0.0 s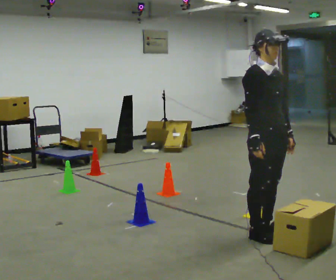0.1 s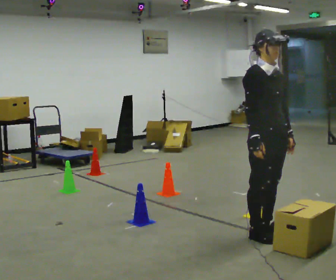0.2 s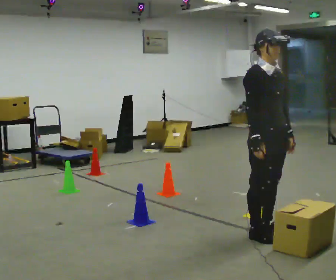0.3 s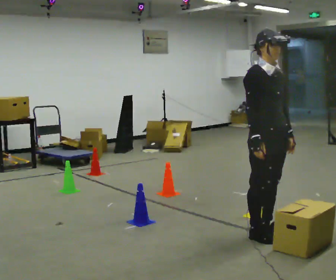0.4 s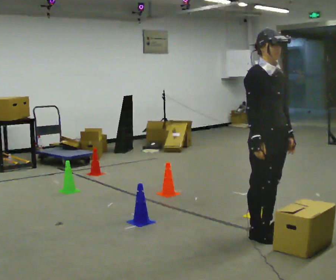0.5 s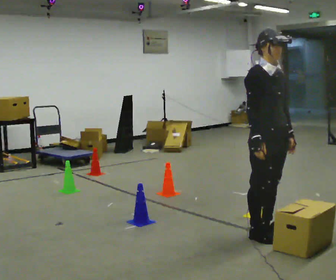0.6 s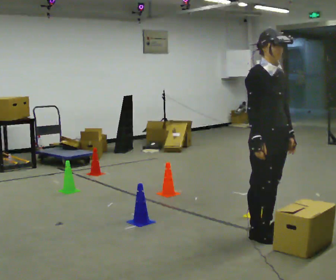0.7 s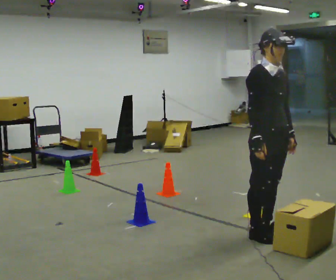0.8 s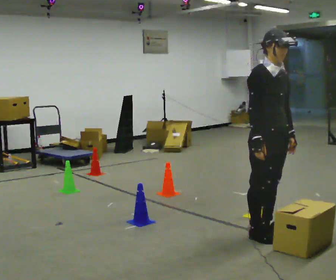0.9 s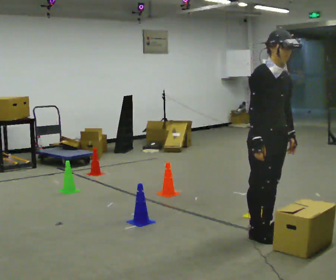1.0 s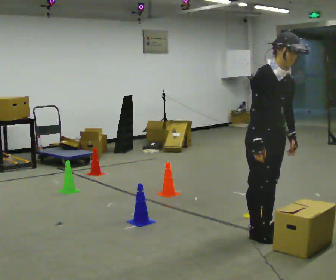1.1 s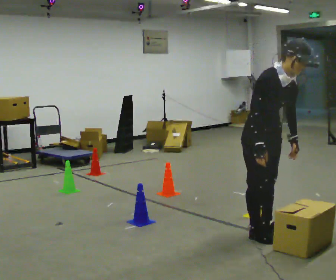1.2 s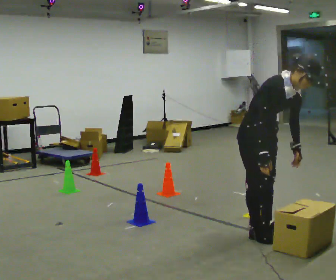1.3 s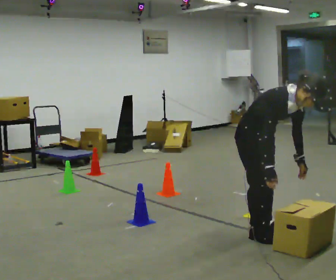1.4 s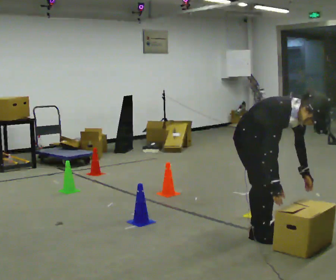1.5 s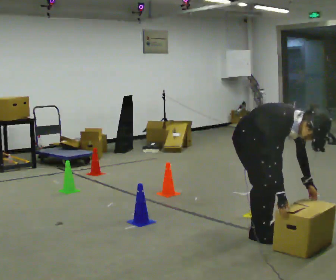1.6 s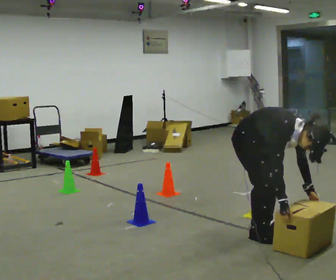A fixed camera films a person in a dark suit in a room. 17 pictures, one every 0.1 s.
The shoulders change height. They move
downward.
Their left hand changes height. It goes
downward.
0.0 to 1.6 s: The upper body goes downward. In the picture the upper body tilts clockwise, shoulders to the right, as they bend forward. In the picture their right hand goes downward.
The film runs forward here.
